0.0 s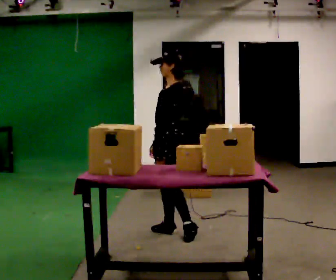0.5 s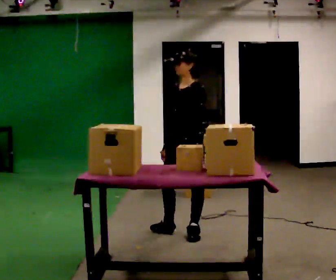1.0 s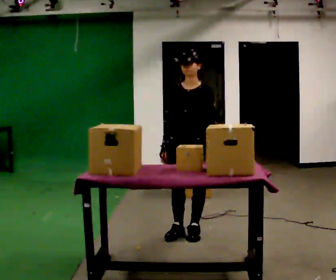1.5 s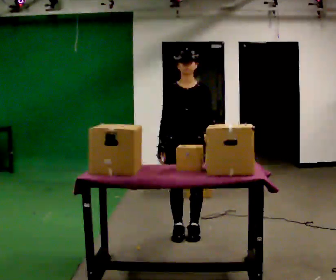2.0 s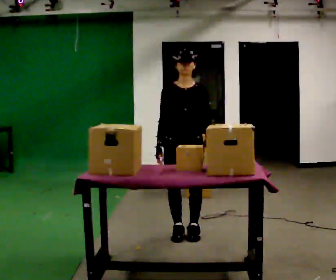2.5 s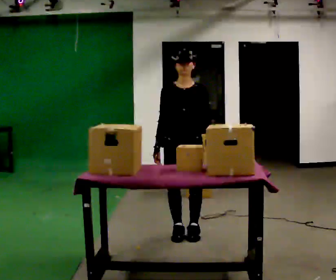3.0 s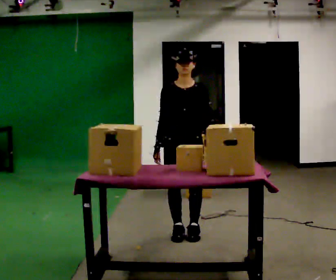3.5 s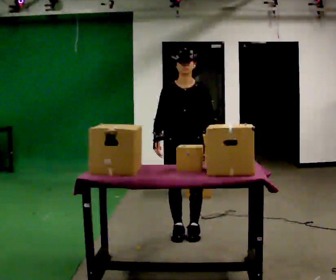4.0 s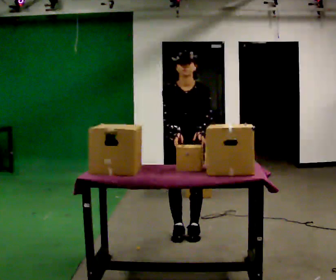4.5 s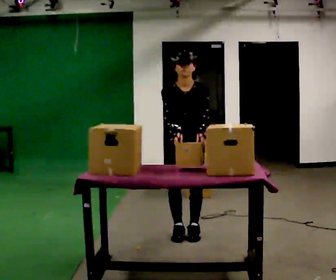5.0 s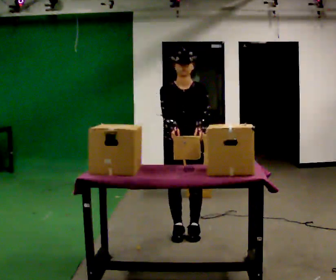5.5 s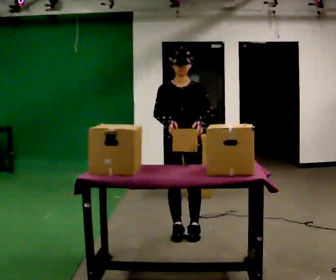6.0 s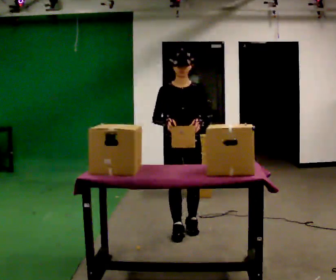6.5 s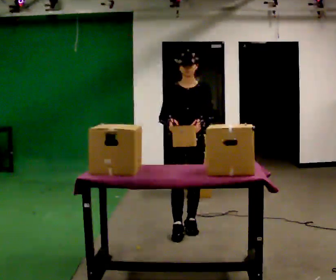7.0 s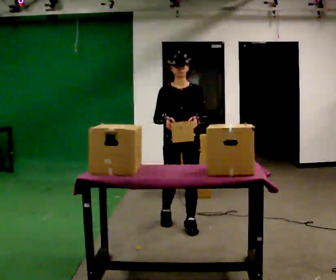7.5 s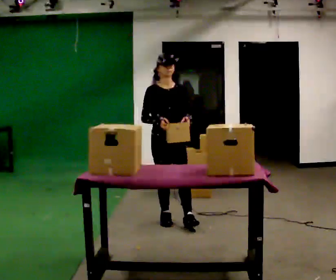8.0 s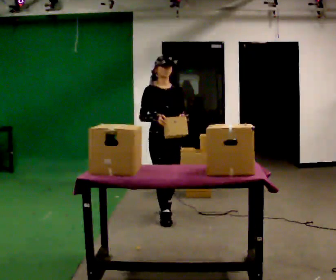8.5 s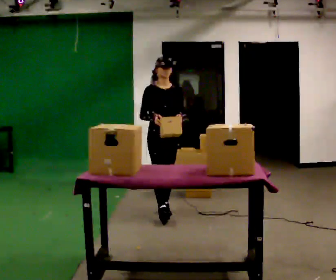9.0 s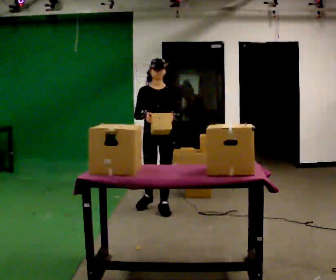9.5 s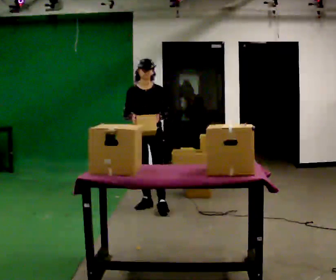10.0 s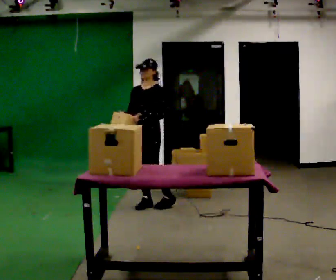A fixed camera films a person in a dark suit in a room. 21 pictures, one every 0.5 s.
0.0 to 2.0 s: The person turns about 75 degrees to their left, counterclockwise seen from above, so the part of the body nearest the lens slides to the right. In the picture their left hand goes to the right.
2.0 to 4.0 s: The upper body tips toward the camera, its near side rolling downward, as they bend forward.
4.0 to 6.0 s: The upper body tips away from the camera, its near side rolling upward, as they lean back or straighten.
6.0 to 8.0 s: In the picture they go away from the camera and to the left, about 0.5 m in 2 steps, which for them is backward and to their right.
8.0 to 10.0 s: Seen from above the body turns clockwise, about 45 degrees: to their right, with its near side sliding to the left. In the picture they go away from the camera and to the left, about 0.5 m in 2 steps, which for them is backward.
The film runs backward here.
